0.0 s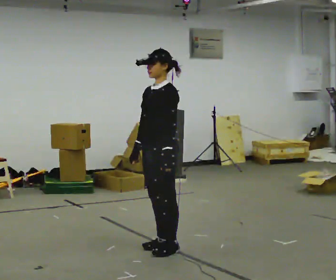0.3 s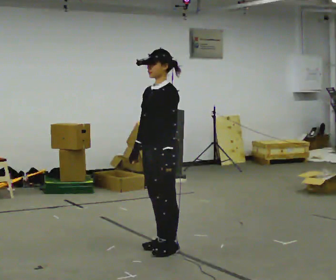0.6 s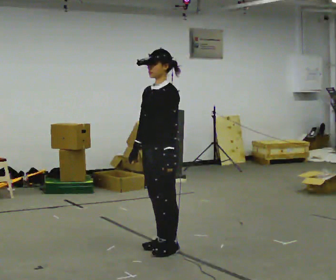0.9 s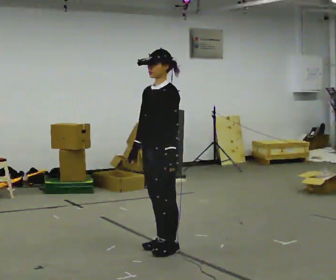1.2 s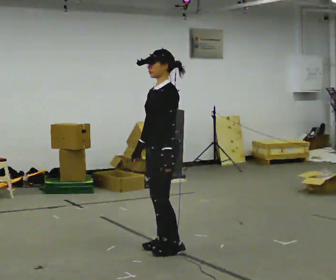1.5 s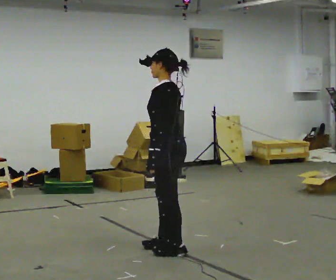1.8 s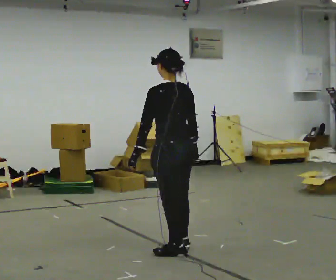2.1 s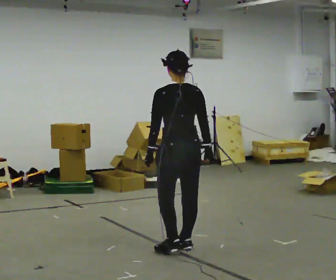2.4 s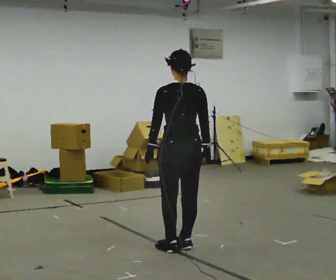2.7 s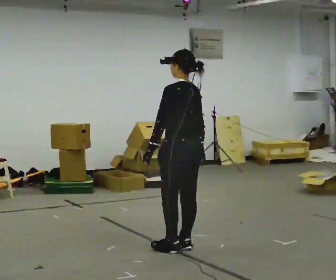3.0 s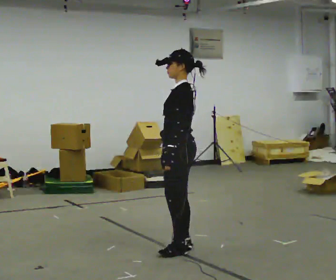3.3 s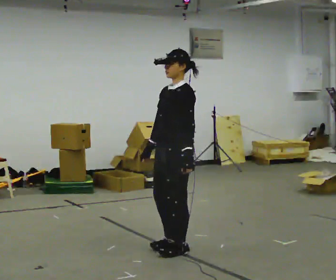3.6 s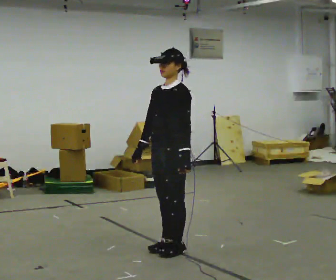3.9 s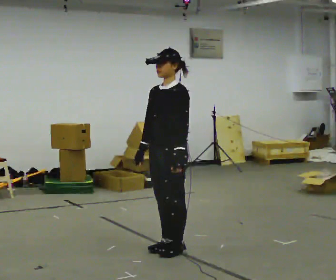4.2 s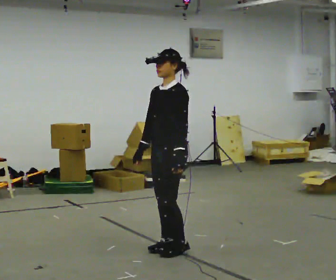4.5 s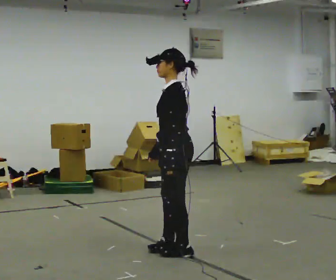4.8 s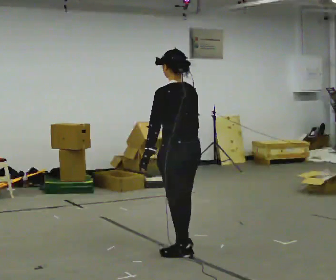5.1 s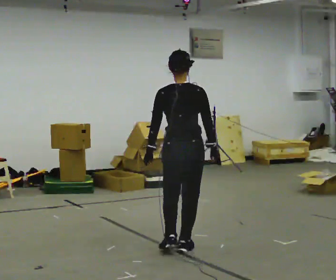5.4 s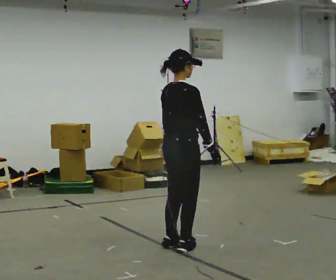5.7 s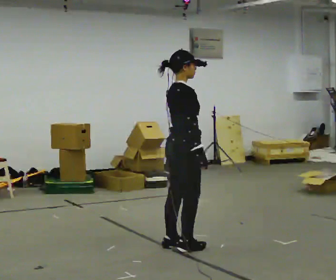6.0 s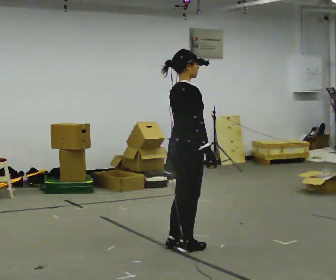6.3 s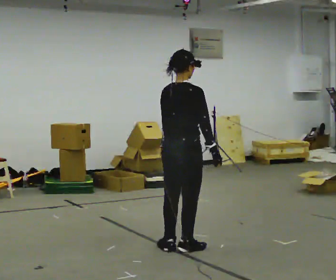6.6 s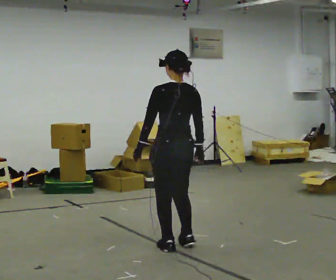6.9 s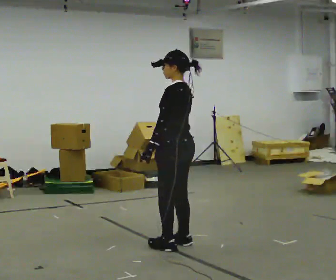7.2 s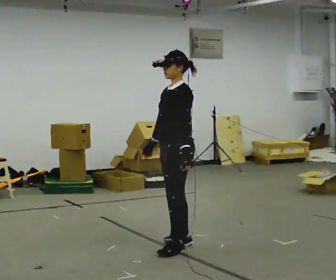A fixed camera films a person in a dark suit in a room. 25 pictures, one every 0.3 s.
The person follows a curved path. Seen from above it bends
counterclockwise.
0.0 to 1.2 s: The person moves a little, or ends about where they began.
1.2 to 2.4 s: The person turns about 90 degrees to their right, clockwise seen from above, so the part of the body nearest the lens slides to the left.
2.4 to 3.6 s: The part of the body nearest the lens slides to the right as the person turns to their left by about 120 degrees. In the picture their right hand goes to the left, the arm swinging clockwise.
3.6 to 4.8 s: The part of the body nearest the lens slides to the left as the person turns to their right by about 90 degrees. In the picture their right hand goes to the right.
4.8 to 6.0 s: The person turns about 105 degrees to their right, clockwise seen from above, so the part of the body nearest the lens slides to the left.
6.0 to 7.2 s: Seen from above the body turns counterclockwise, about 180 degrees: to their left, with its near side sliding to the right. In the picture their right hand goes to the left, the arm swinging clockwise.
The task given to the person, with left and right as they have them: Turn on the spot to face the direction the operator calls, then stand still. The operator will call 90, 180 and 360 degrees and left or right.
The film runs forward here.
